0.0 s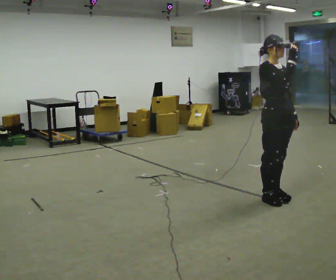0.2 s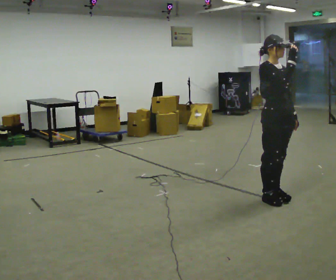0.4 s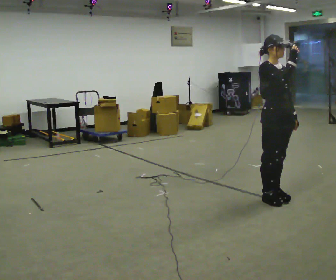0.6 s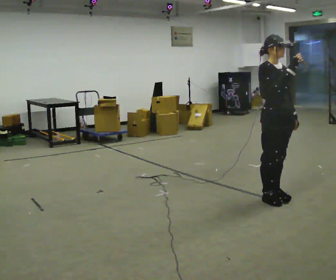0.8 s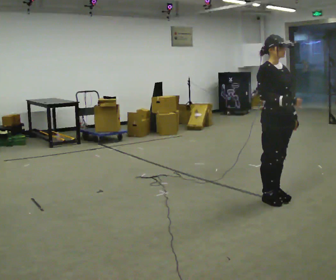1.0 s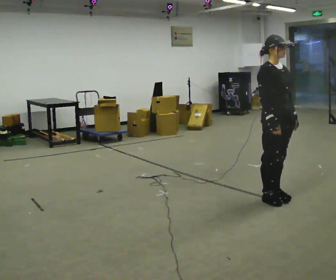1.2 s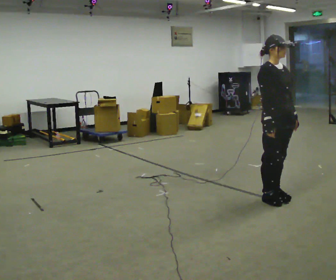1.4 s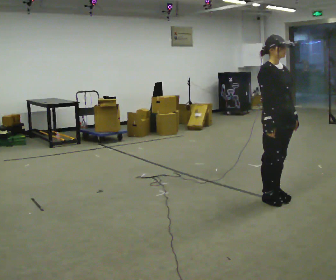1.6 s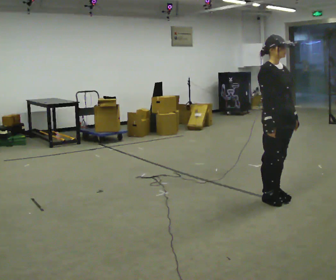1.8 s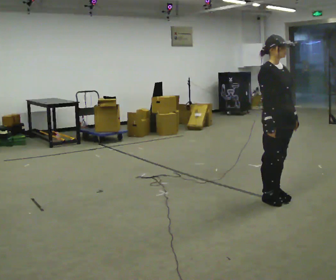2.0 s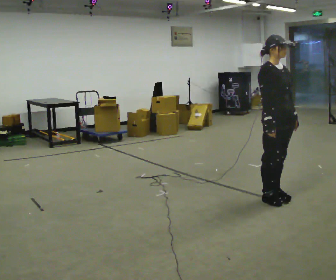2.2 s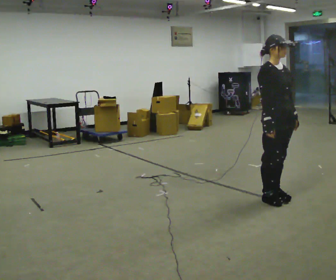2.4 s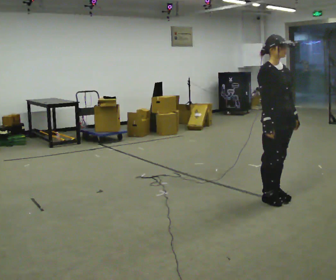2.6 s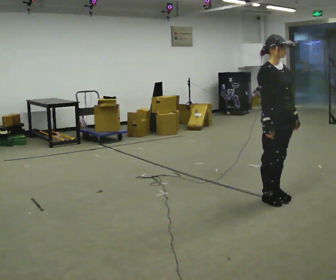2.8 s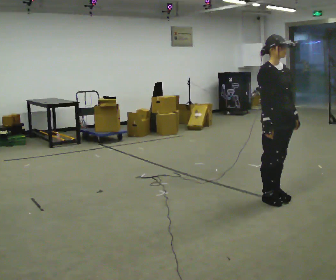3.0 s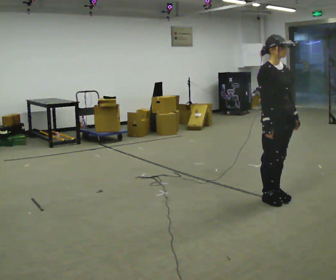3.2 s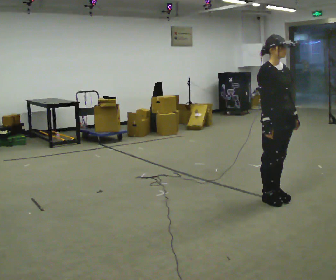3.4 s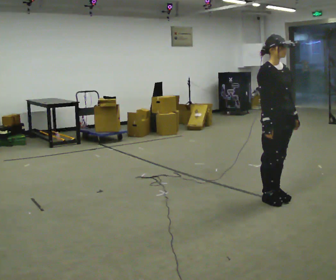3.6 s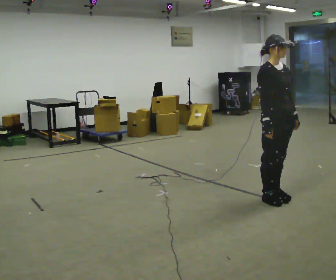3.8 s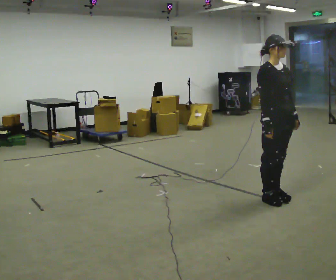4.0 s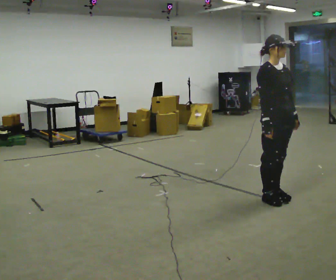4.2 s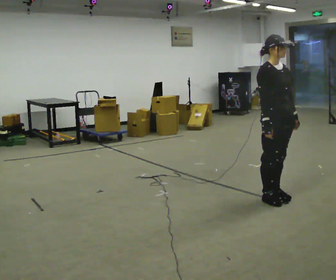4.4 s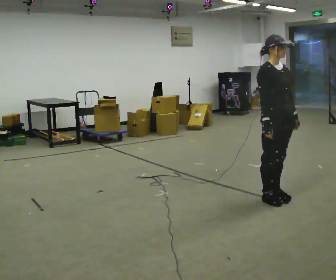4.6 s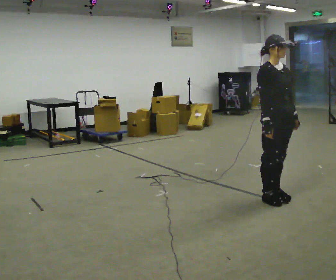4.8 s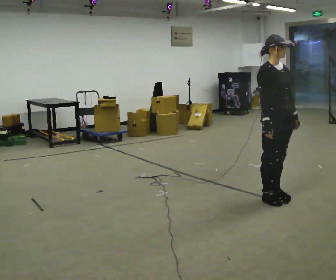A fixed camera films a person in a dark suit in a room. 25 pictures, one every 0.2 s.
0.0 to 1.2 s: In the picture their right hand goes downward.
1.2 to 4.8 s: The person moves a little, or ends about where they began.
The film runs backward here.
